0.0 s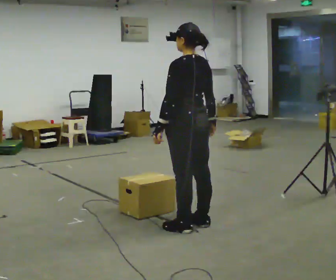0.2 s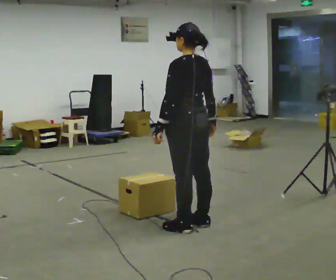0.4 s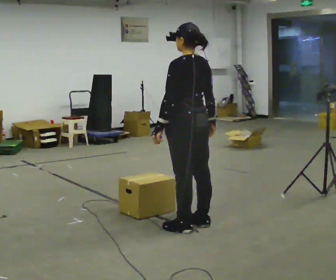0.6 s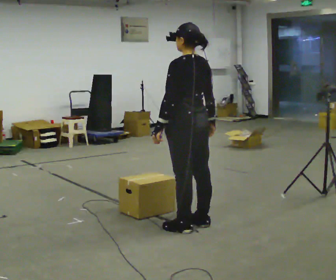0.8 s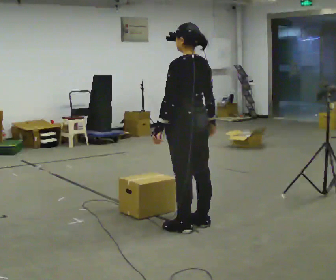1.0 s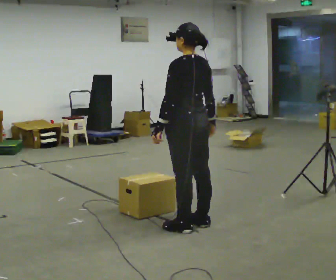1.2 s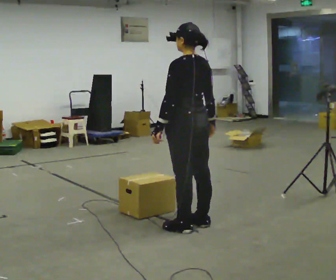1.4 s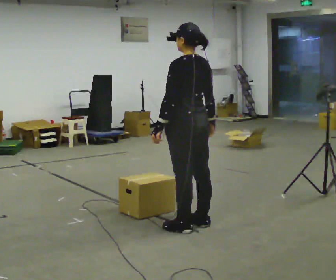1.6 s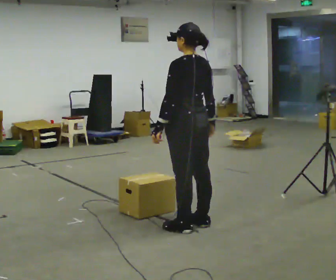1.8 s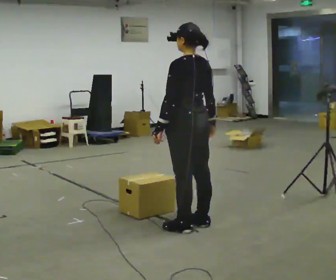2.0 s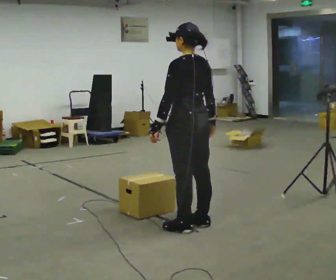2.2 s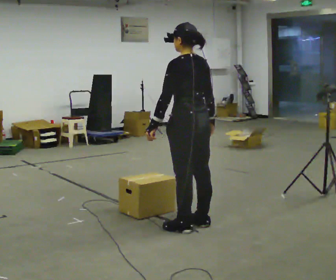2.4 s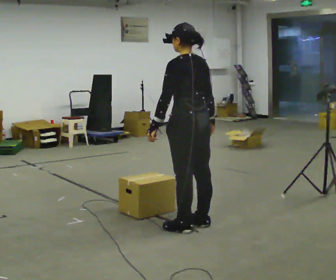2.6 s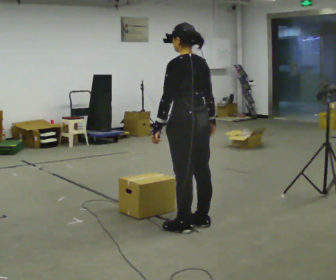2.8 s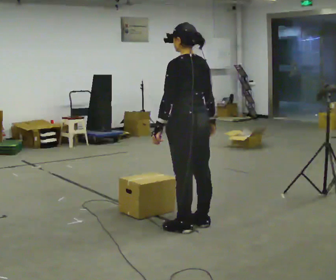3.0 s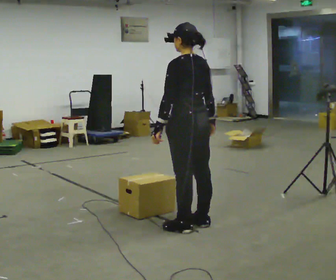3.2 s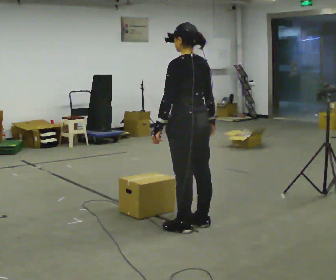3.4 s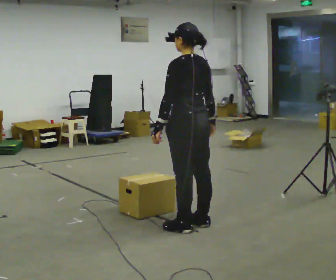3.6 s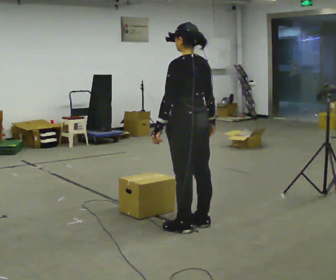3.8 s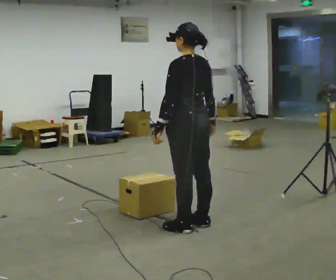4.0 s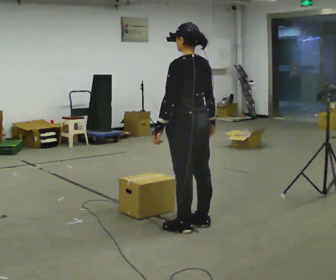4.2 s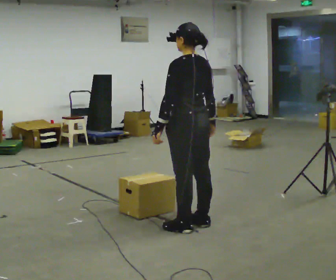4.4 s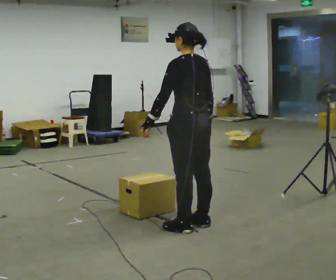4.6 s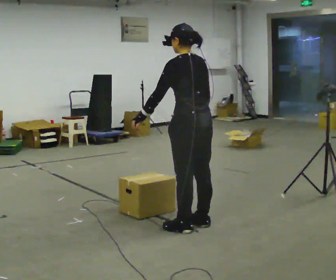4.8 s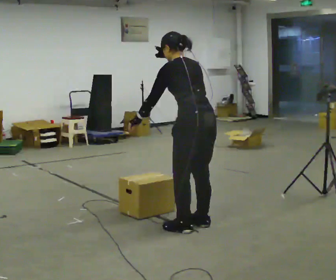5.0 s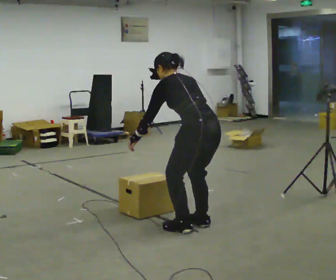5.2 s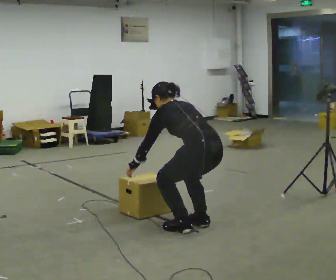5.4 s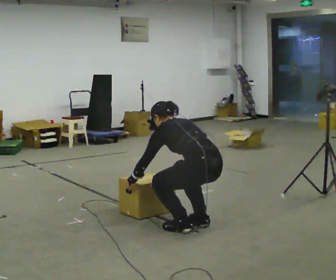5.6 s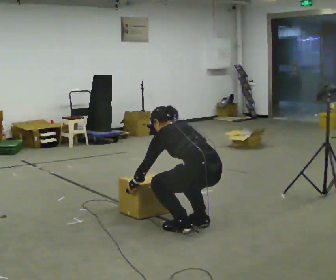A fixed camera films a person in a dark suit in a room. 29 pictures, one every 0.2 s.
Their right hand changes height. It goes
downward.
The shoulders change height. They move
downward.
0.0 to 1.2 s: The person keeps their place and pose.
1.2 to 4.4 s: The person moves a little, or ends about where they began.
4.4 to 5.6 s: The shoulders move downward. In the picture the upper body tilts counterclockwise, shoulders to the left, as they bend forward. In the picture their right hand goes downward.
The film runs forward here.
